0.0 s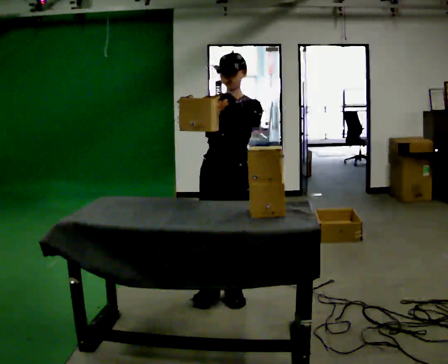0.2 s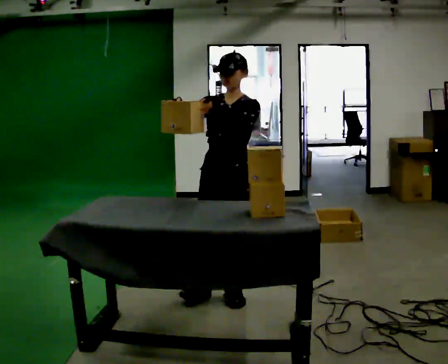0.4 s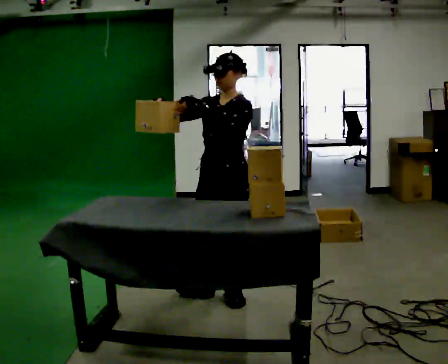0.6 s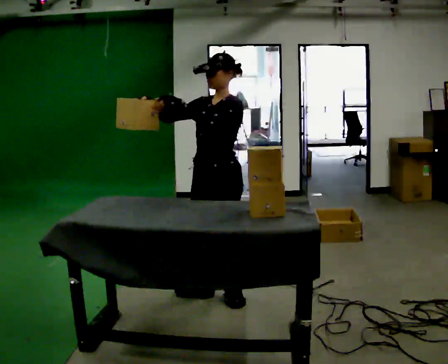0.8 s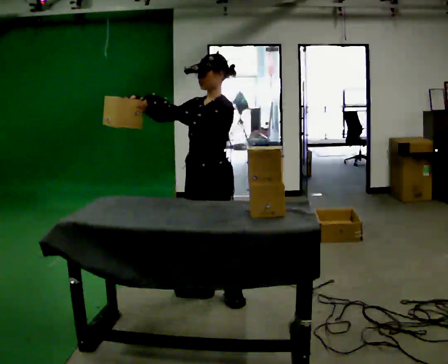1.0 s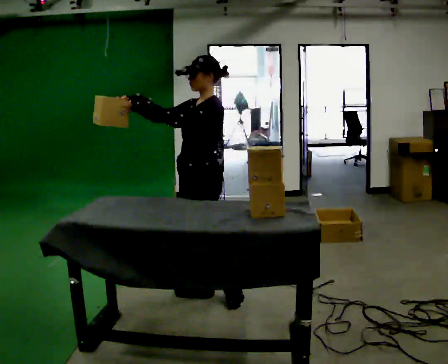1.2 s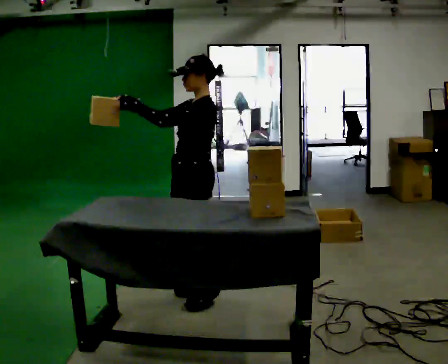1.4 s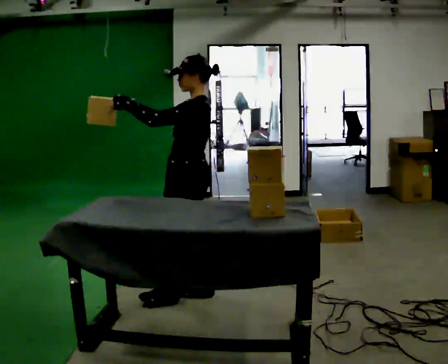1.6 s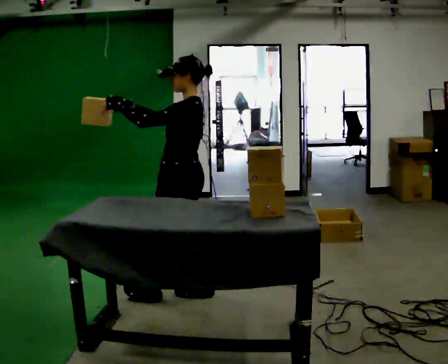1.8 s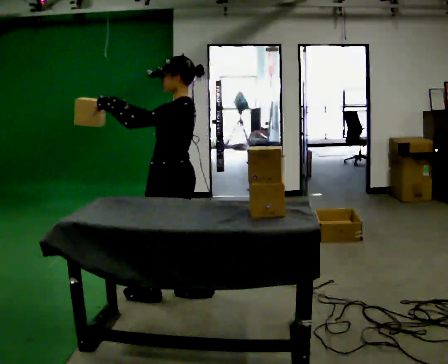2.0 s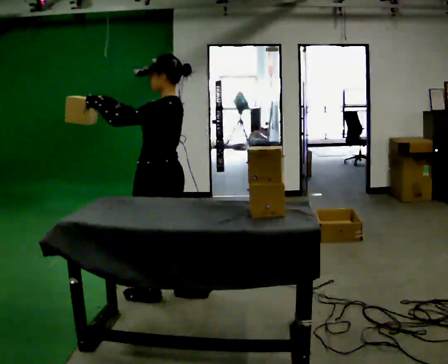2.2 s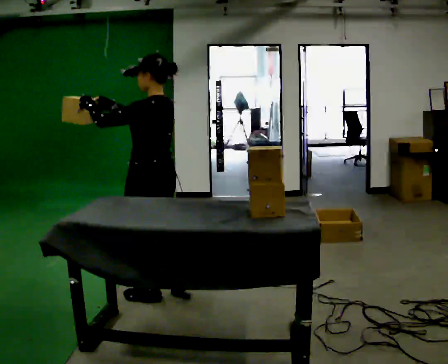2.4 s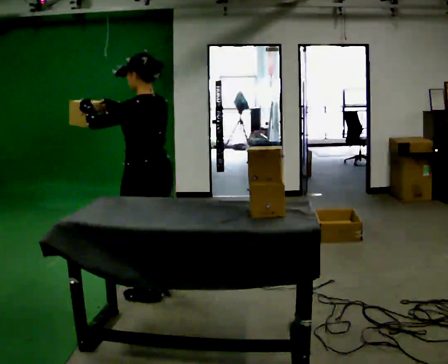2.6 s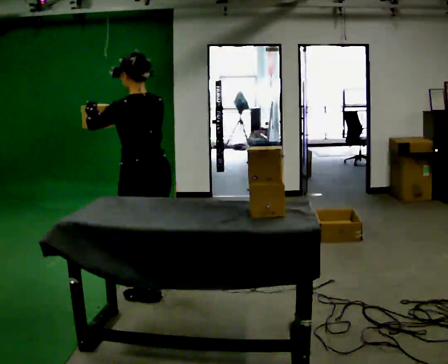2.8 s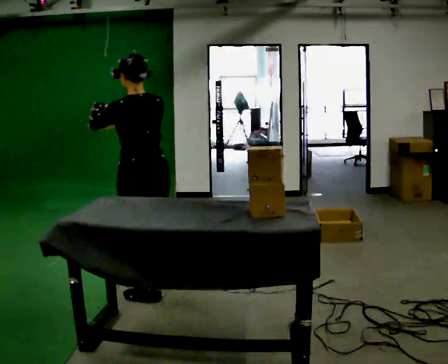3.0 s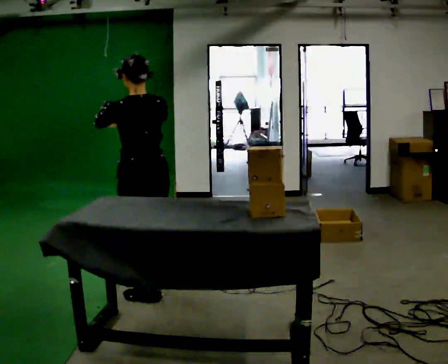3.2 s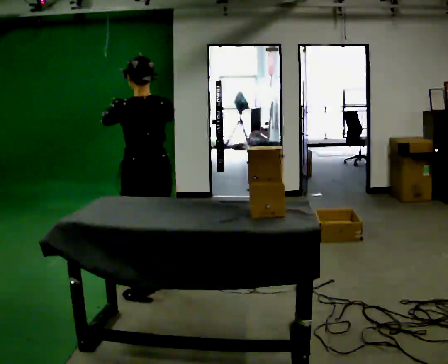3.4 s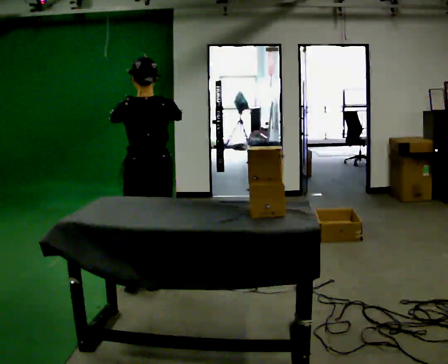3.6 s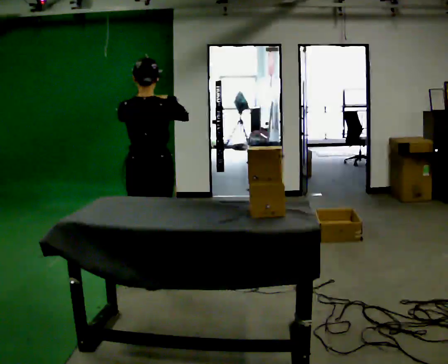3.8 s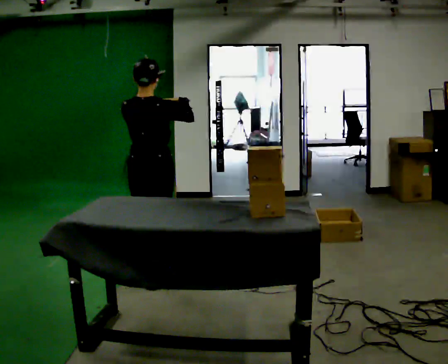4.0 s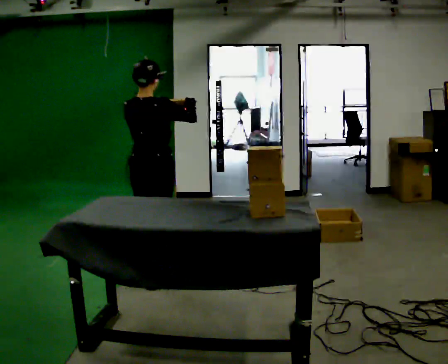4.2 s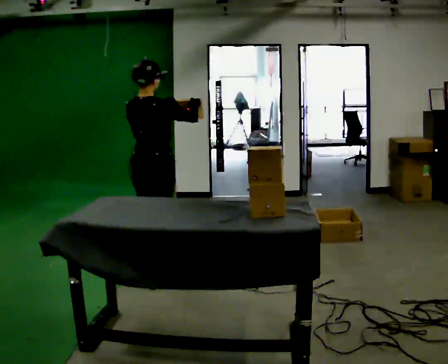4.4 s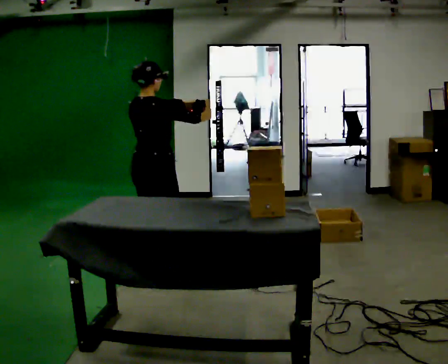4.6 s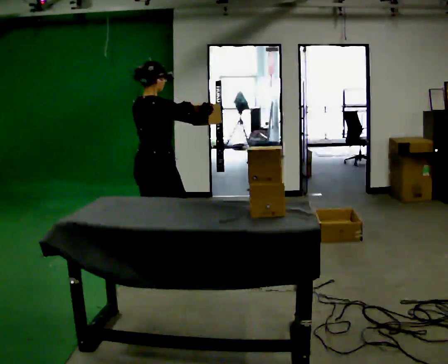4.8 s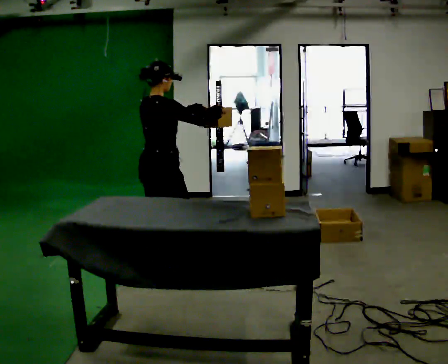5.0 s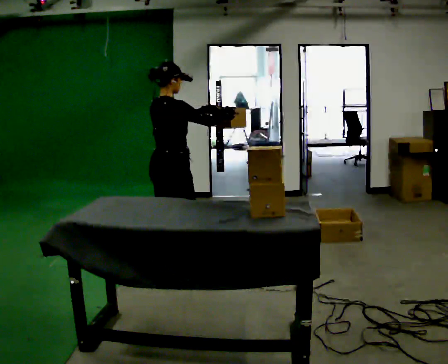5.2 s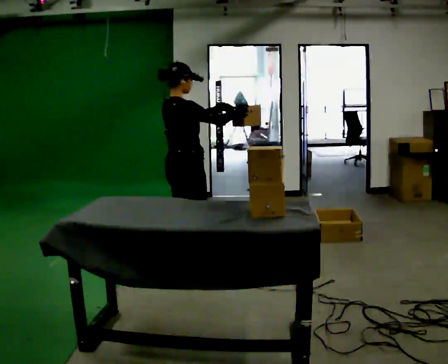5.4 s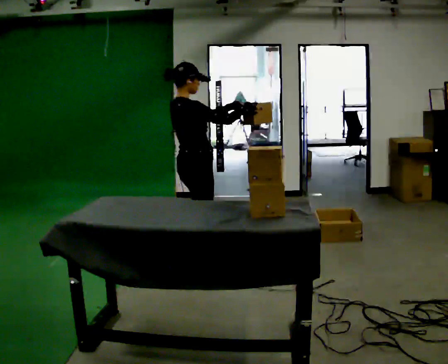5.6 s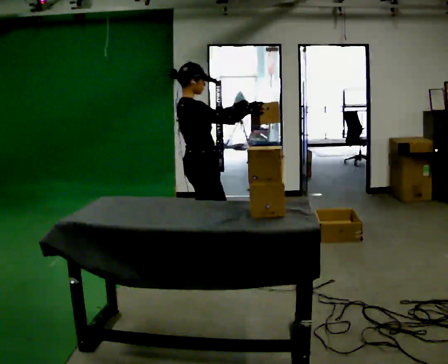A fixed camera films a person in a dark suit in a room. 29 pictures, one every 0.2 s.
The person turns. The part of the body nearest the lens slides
to the left.
The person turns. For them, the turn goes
to their right.
0.0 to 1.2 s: The part of the body nearest the lens slides to the left as the person turns to their right by about 60 degrees. In the picture they go to the left, about 0.25 m.
1.2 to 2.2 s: The person turns about 30 degrees to their right, clockwise seen from above, so the part of the body nearest the lens slides to the left. In the picture they go to the left, about 0.25 m in 1 step, which for them is forward and to their left.
2.2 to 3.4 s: The person turns about 60 degrees to their right, clockwise seen from above, so the part of the body nearest the lens slides to the left. In the picture they go away from the camera, about 0.25 m in 1 step, which for them is forward. In the picture their right hand goes to the right.
3.4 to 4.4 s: The person turns about 45 degrees to their right, clockwise seen from above, so the part of the body nearest the lens slides to the left. In the picture they go away from the camera, about 0.25 m in 1 step, which for them is forward.
4.4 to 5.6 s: Seen from above the body turns clockwise, about 45 degrees: to their right, with its near side sliding to the left. In the picture they go to the right, about 0.25 m in 1 step, which for them is forward.
The film runs forward here.
